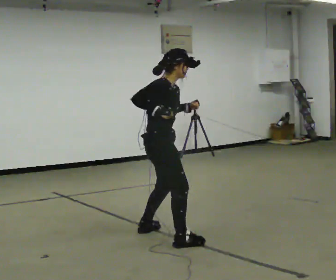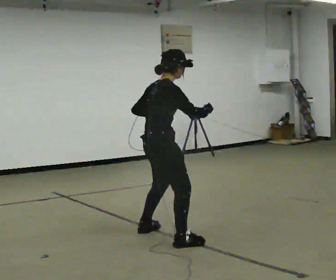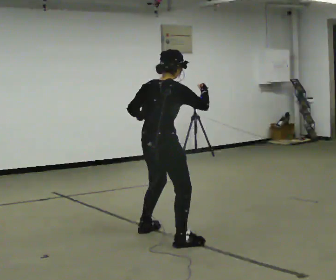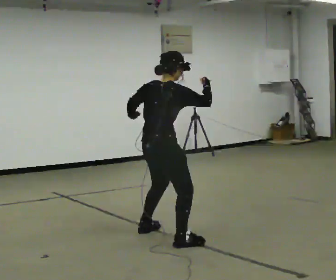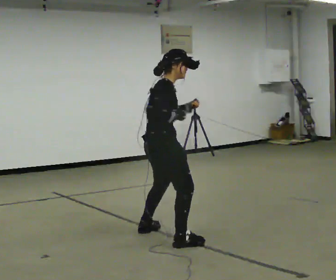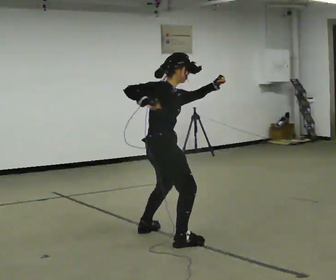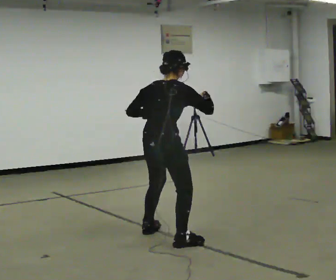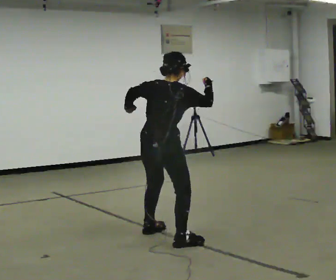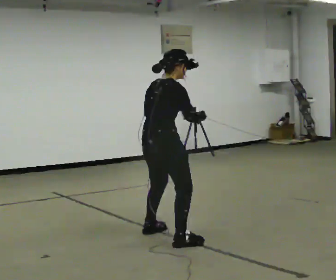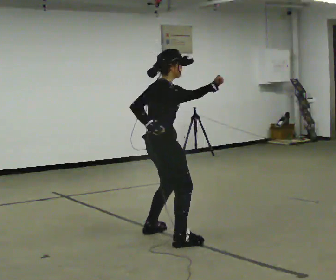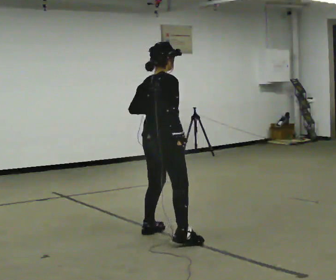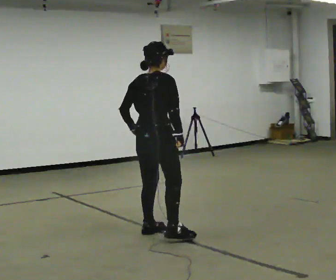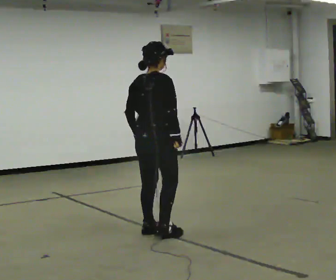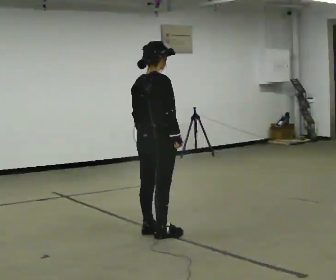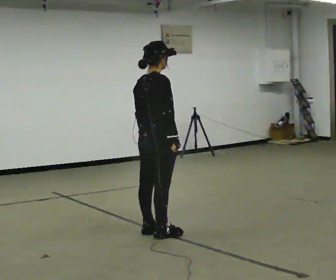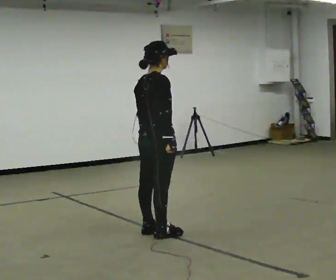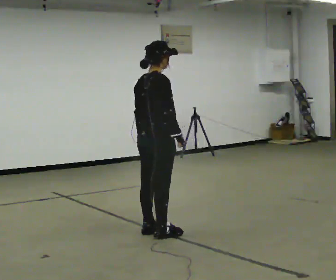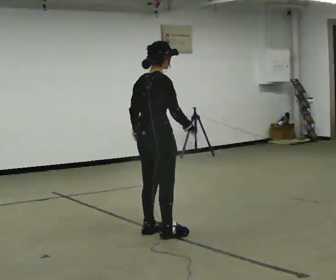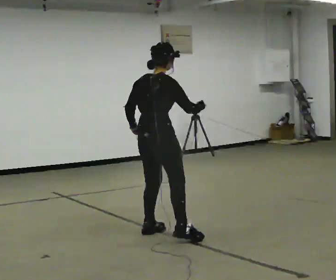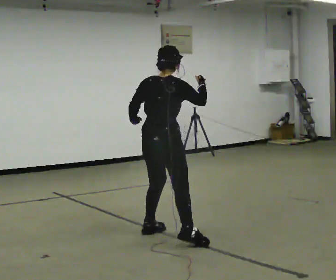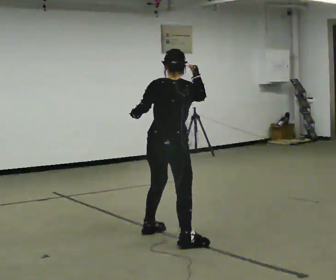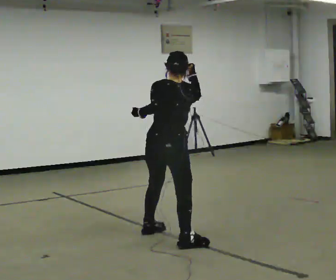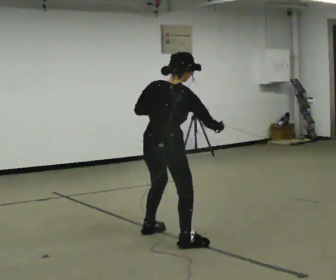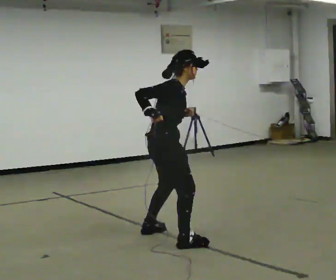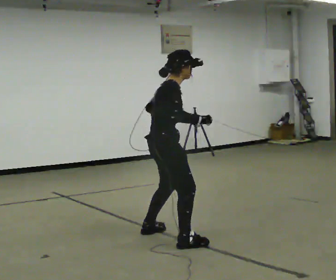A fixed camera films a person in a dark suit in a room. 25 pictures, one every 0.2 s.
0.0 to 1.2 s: The part of the body nearest the lens slides to the right as the person turns to their left by about 45 degrees. In the picture their right hand goes to the right.
1.2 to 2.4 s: In the picture they go away from the camera, about 0.25 m in 1 step.
2.4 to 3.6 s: The person moves a little, or ends about where they began.
3.6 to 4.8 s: Seen from above the body turns clockwise, about 45 degrees: to their right, with its near side sliding to the left.
The film runs backward here.
